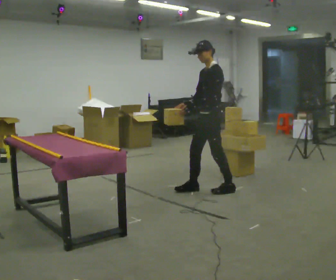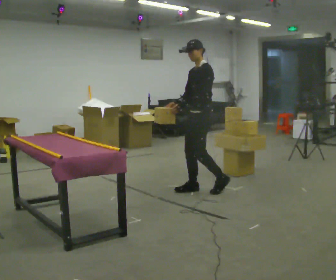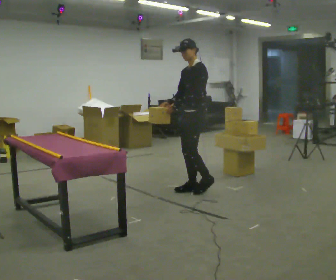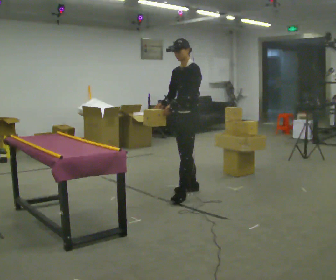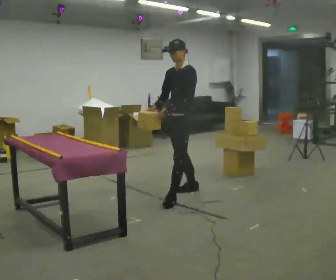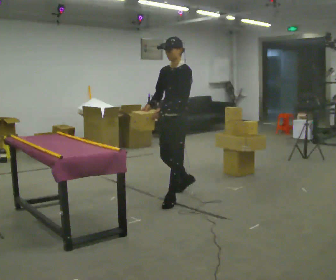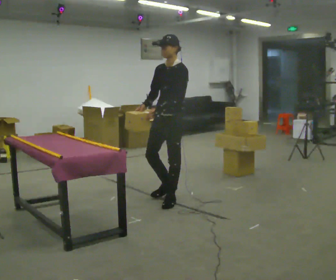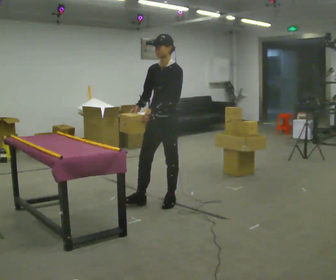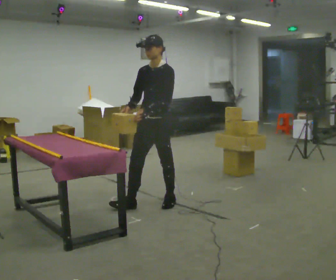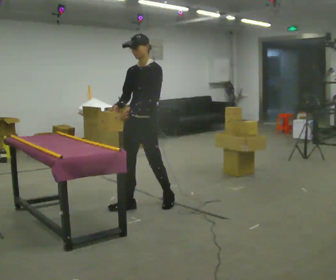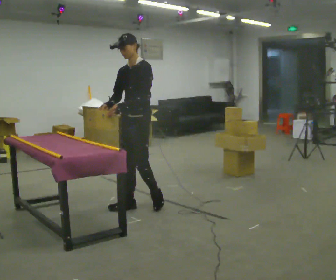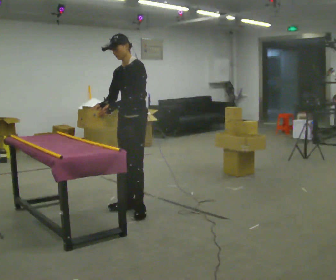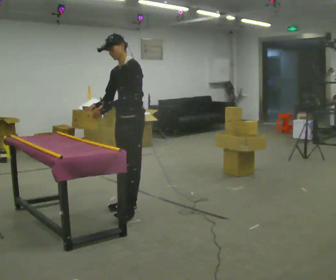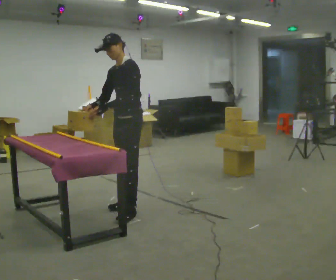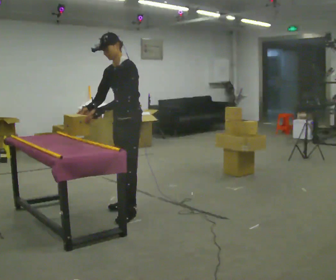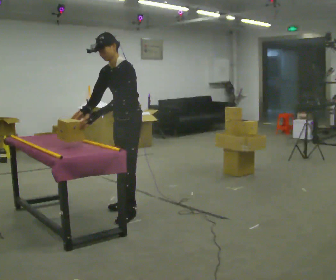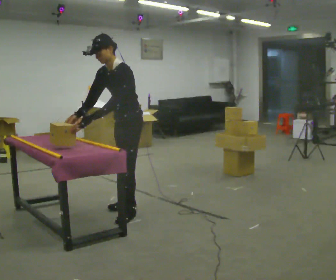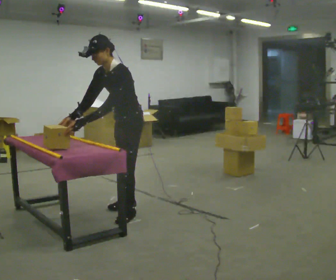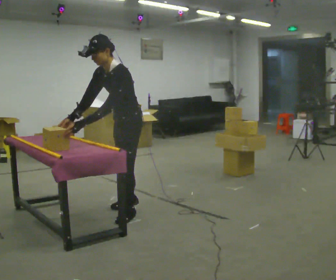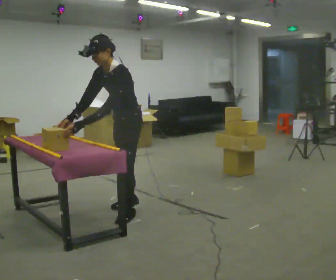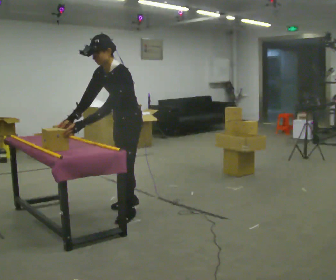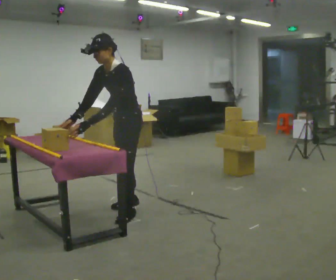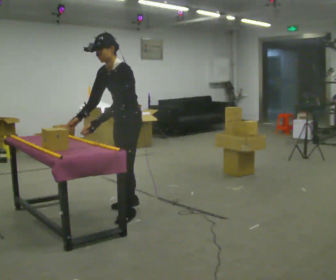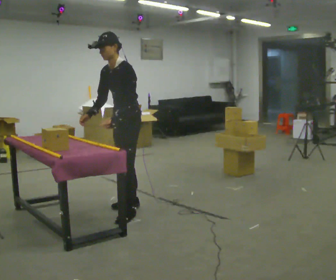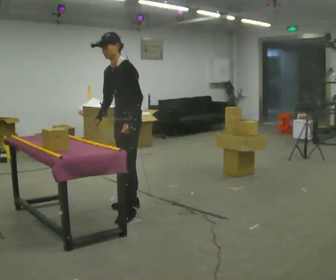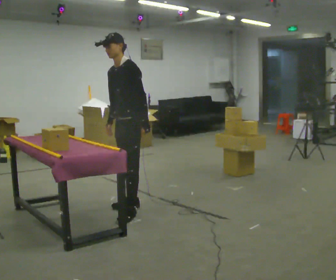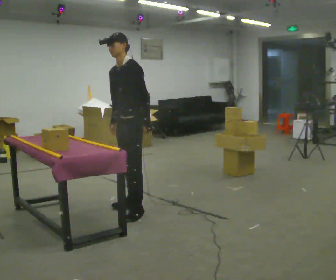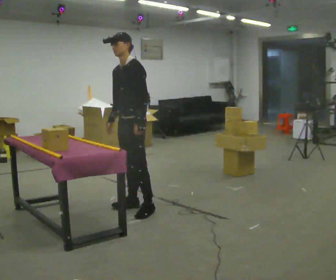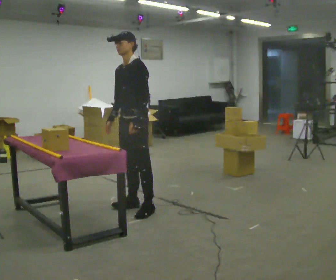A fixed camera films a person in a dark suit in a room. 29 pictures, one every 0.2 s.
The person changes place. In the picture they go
to the left.
0.0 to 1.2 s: The person turns about 30 degrees to their left, counterclockwise seen from above, so the part of the body nearest the lens slides to the right. In the picture they go to the left and toward the camera, about 0.5 m in 1 step, which for them is forward.
1.2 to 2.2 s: In the picture they go to the left, about 0.5 m in 1 step, which for them is forward and to their right.
2.2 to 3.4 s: In the picture they go toward the camera, about 0.25 m in 1 step, which for them is forward and to their left. The upper body tips toward the camera, its near side rolling downward, as they bend forward.
3.4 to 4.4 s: The person moves a little, or ends about where they began.
4.4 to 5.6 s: In the picture they go away from the camera, about 0.25 m in 1 step, which for them is backward. The upper body tips away from the camera, its near side rolling upward, as they lean back or straighten.
The film runs forward here.
